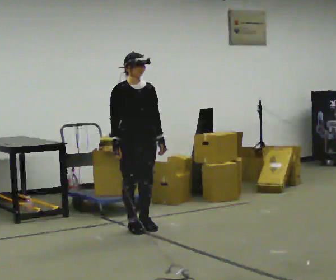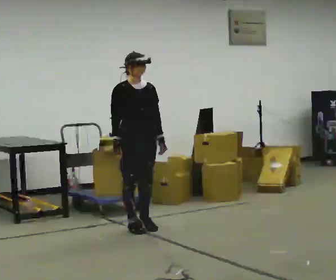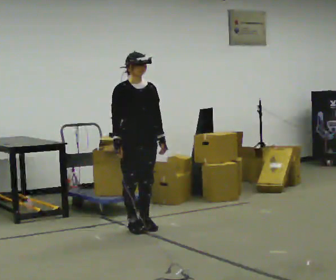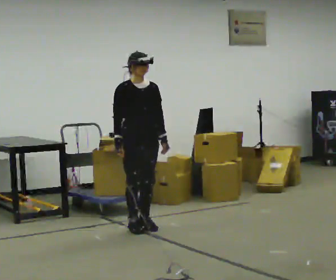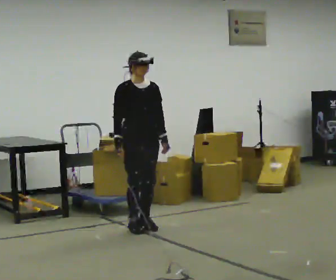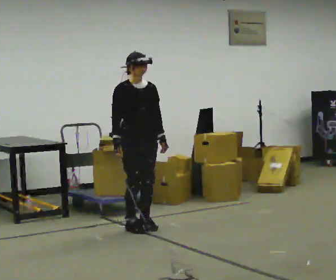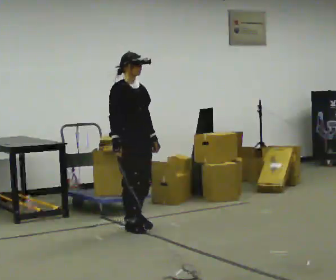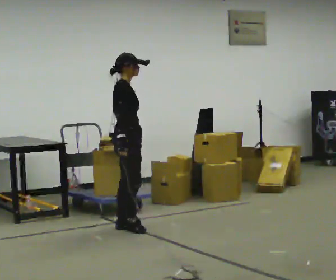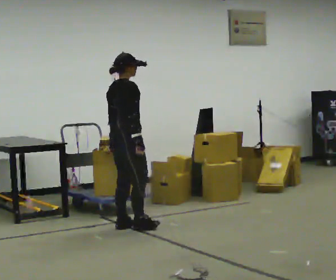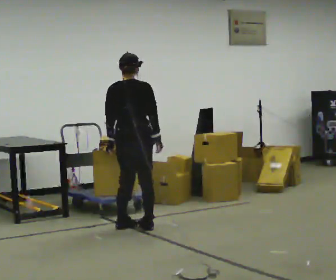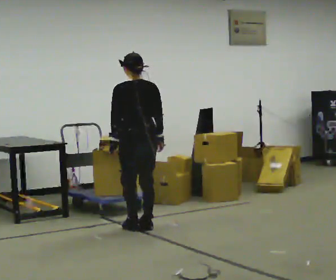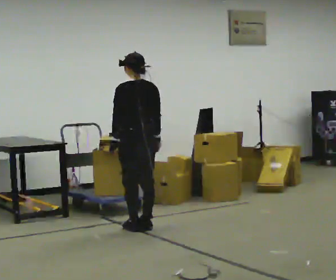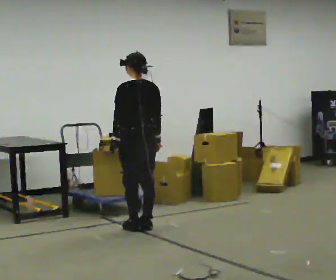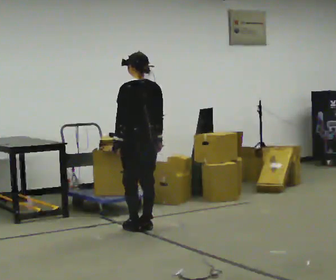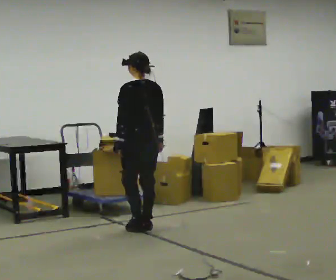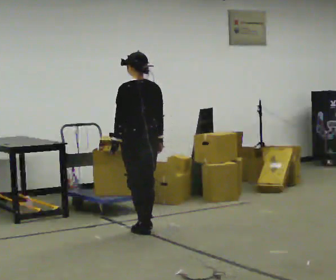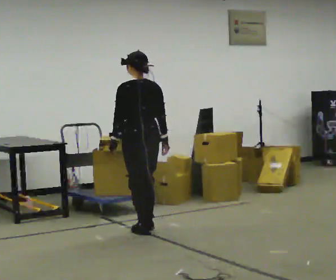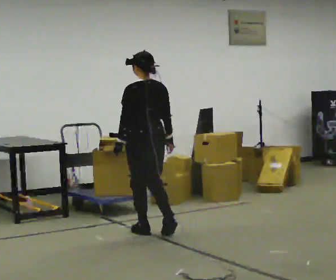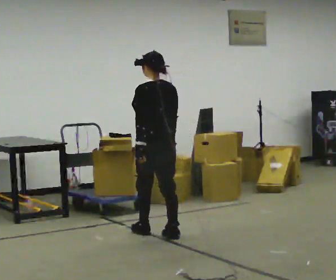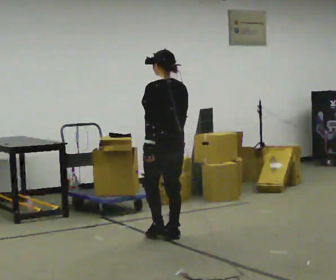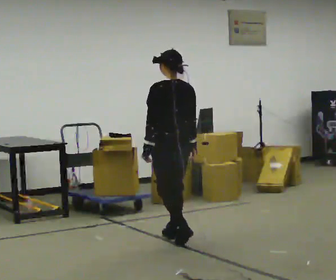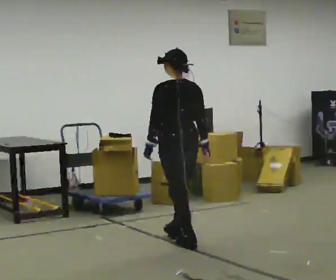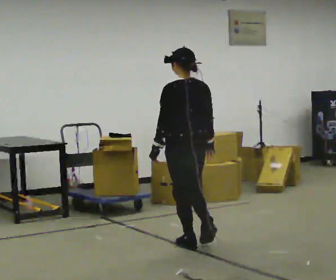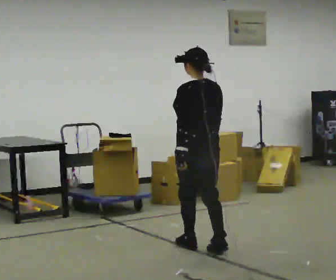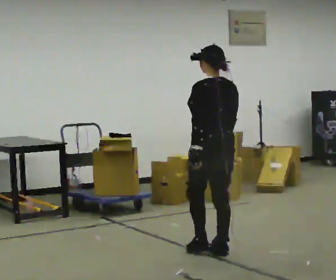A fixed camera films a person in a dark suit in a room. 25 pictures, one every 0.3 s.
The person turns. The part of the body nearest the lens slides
to the right.
The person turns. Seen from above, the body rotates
counterclockwise.
0.0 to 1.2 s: The person moves a little, or ends about where they began.
1.2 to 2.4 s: Seen from above the body turns counterclockwise, about 90 degrees: to their left, with its near side sliding to the right. In the picture their left hand goes to the left.
2.4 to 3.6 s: The person turns about 90 degrees to their left, counterclockwise seen from above, so the part of the body nearest the lens slides to the right. In the picture they go to the right, about 0.25 m in 1 step.
3.6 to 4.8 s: The person moves a little, or ends about where they began.
4.8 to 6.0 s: In the picture they go toward the camera and to the right, about 0.5 m in 1 step, which for them is backward.
6.0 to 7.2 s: In the picture they go toward the camera and to the right, about 0.5 m in 2 steps, which for them is backward.
The film runs backward here.
